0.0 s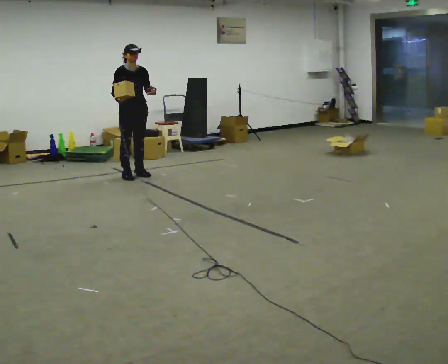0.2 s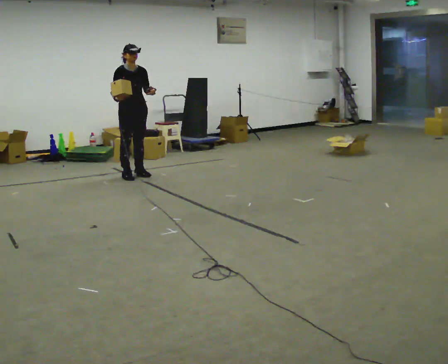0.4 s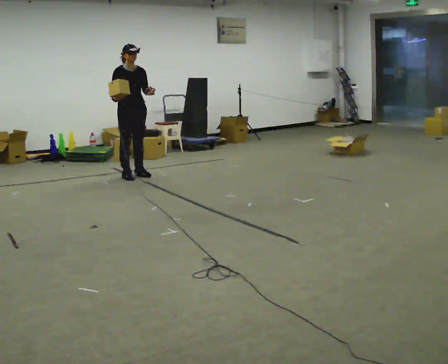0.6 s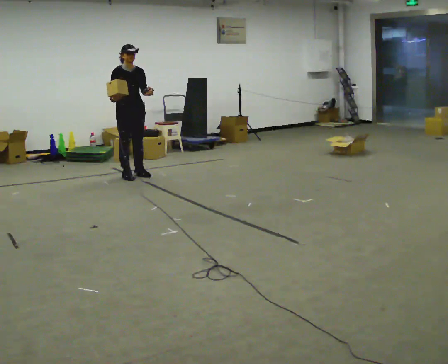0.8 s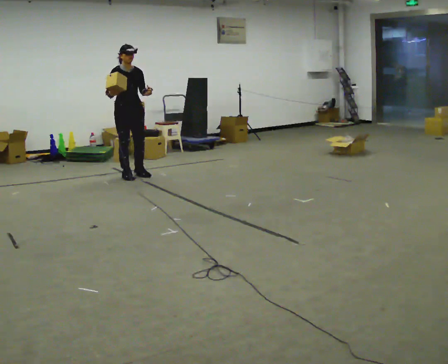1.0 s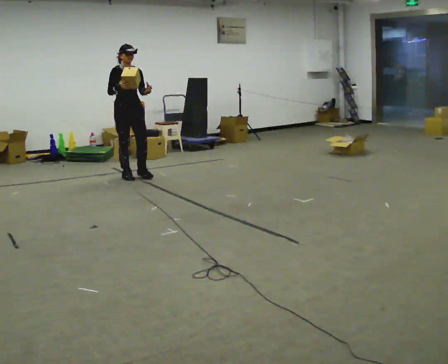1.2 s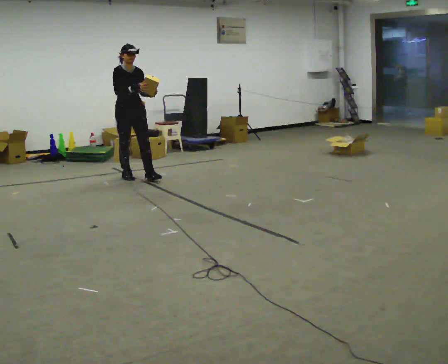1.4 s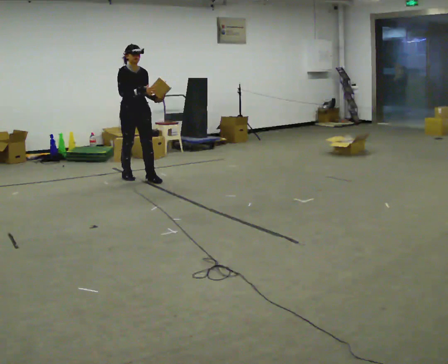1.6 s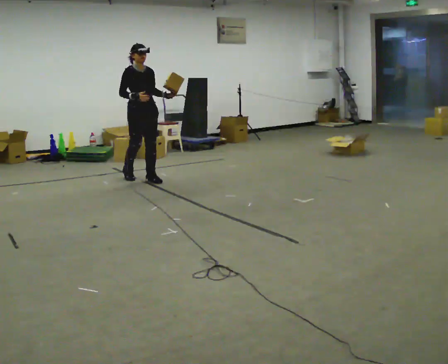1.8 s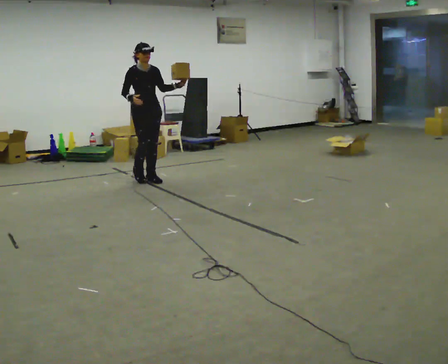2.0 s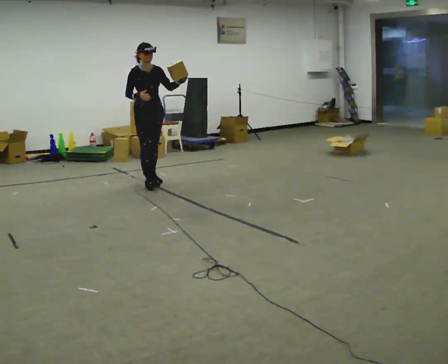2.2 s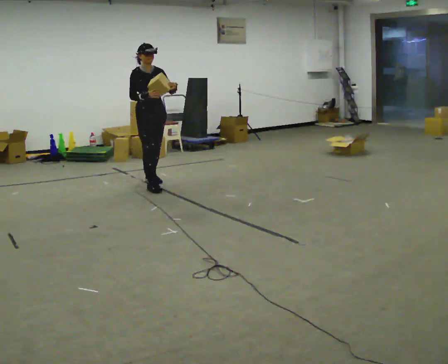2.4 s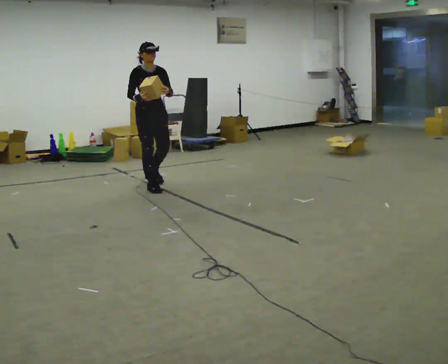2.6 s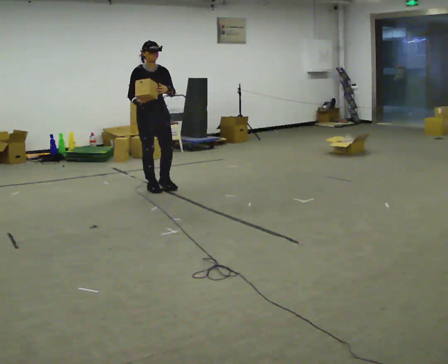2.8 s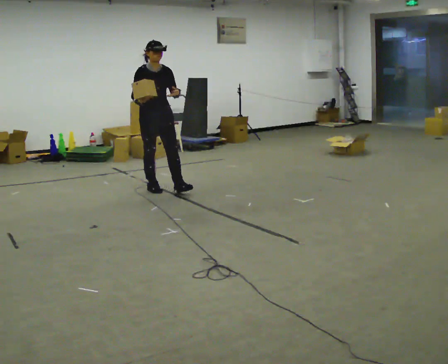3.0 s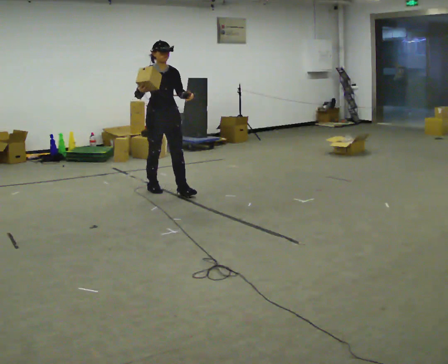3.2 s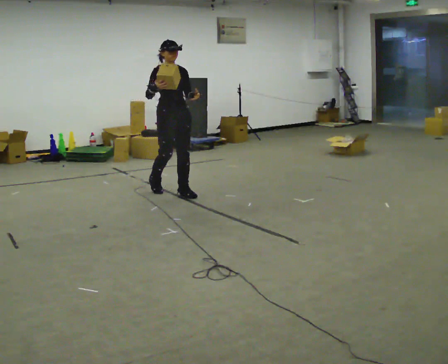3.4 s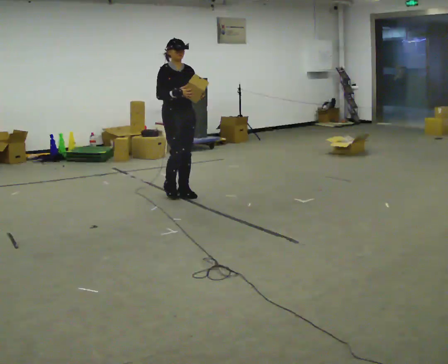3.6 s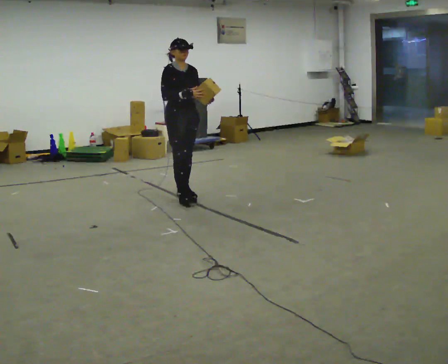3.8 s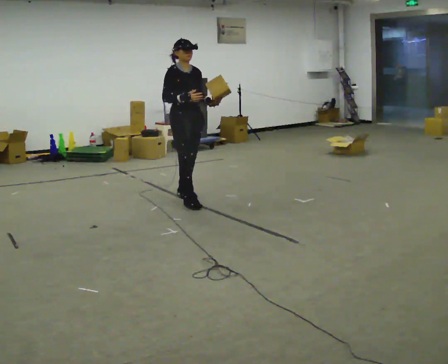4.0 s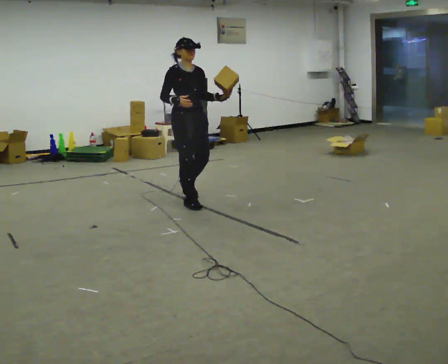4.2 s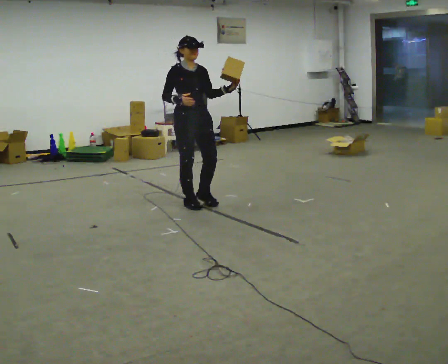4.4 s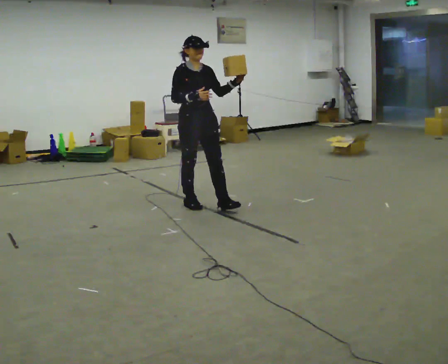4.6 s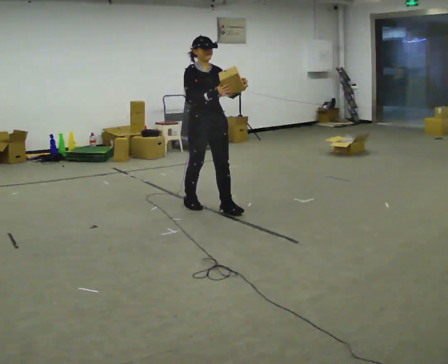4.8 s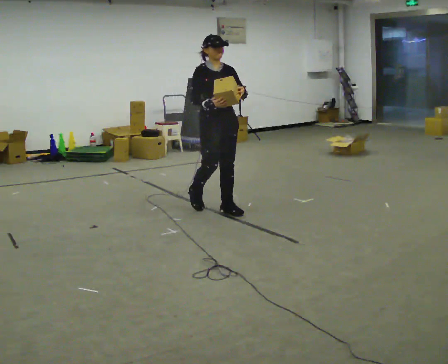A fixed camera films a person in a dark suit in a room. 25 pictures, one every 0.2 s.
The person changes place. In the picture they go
toward the camera.
0.0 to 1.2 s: The person moves a little, or ends about where they began.
1.2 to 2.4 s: In the picture they go toward the camera and to the right, about 0.5 m in 2 steps, which for them is forward.
2.4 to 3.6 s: In the picture they go toward the camera and to the right, about 0.5 m in 1 step, which for them is forward.
3.6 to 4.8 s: In the picture they go toward the camera and to the right, about 0.75 m in 2 steps, which for them is forward.
The film runs forward here.
